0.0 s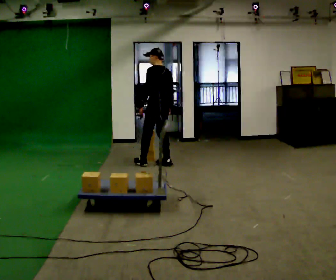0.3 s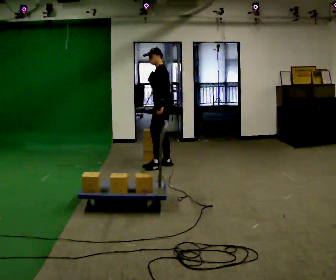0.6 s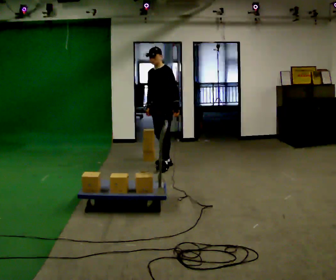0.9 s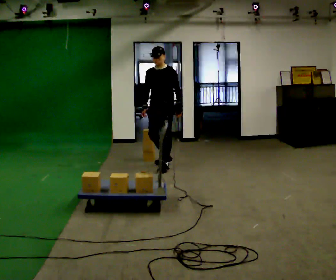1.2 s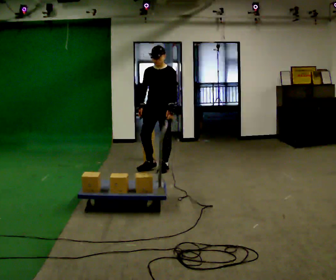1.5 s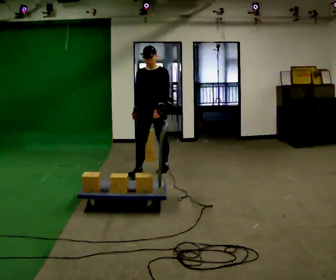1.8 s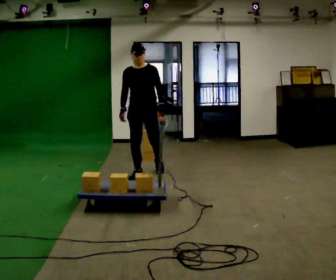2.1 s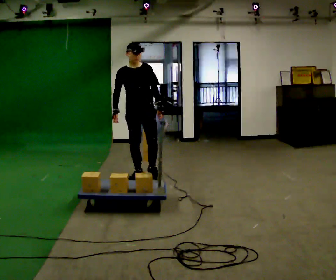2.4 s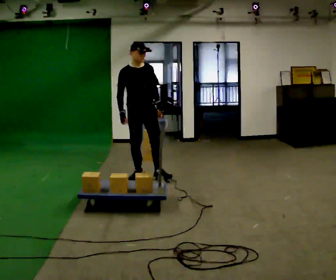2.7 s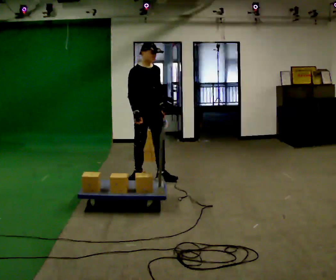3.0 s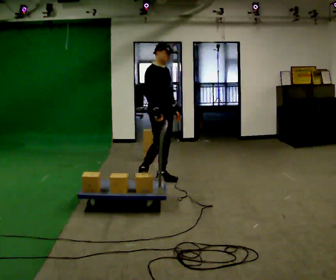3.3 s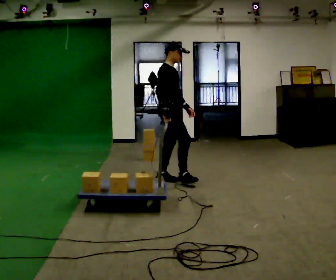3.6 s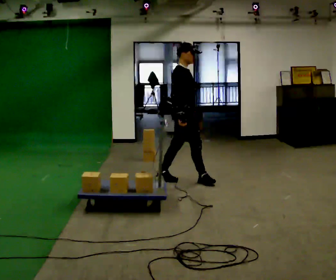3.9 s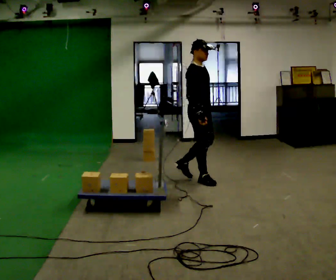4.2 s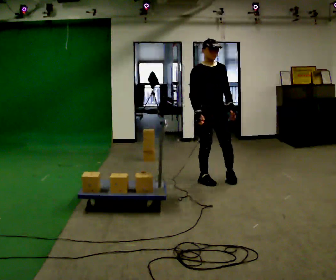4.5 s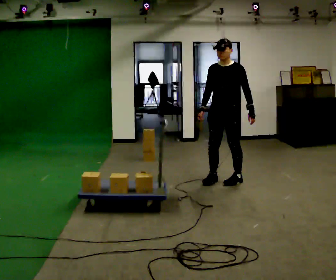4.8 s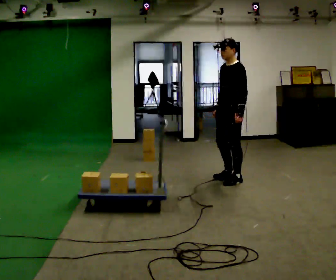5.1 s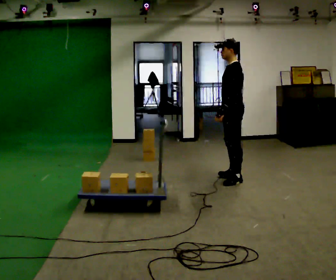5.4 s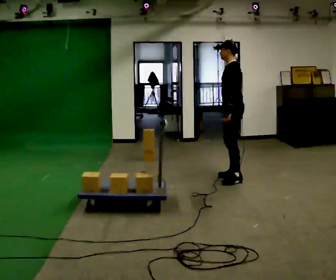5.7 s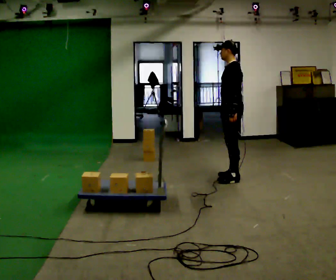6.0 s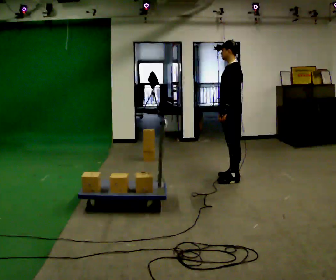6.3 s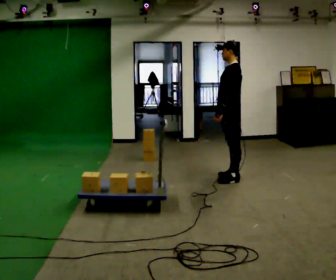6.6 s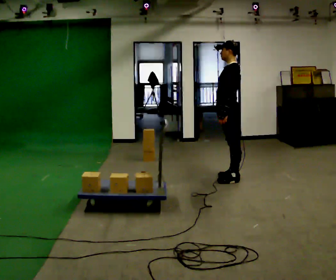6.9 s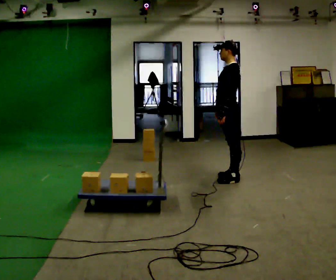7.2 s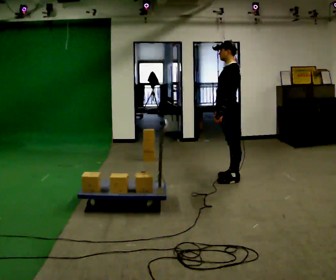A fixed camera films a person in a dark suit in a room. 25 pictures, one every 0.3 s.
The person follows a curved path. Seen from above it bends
counterclockwise.
0.0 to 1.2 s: Seen from above the body turns counterclockwise, about 105 degrees: to their left, with its near side sliding to the right. In the picture they go toward the camera, about 0.25 m in 1 step.
1.2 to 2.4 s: Seen from above the body turns counterclockwise, about 45 degrees: to their left, with its near side sliding to the right. In the picture they go toward the camera and to the left, about 0.5 m in 1 step, which for them is forward.
2.4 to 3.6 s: Seen from above the body turns counterclockwise, about 60 degrees: to their left, with its near side sliding to the right. In the picture they go to the right, about 0.5 m in 2 steps.
3.6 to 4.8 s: The part of the body nearest the lens slides to the left as the person turns to their right by about 165 degrees. In the picture they go to the right, about 0.5 m in 1 step.
4.8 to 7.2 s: The person moves a little, or ends about where they began.
The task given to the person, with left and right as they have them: Load the boxes onto the cart one at a time, then take them all off again. The cart stays where it is. Keep going until the operator says stop; one object at a time, and do not rush between trips.
The film runs forward here.
